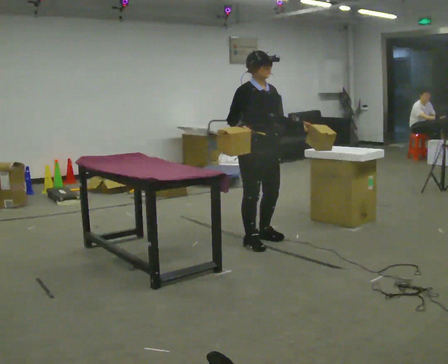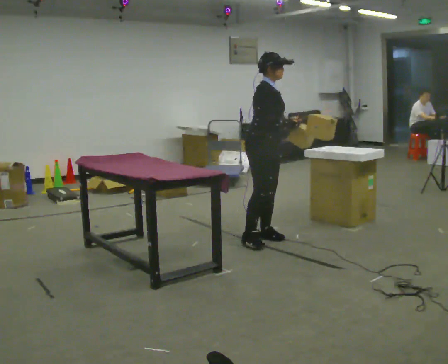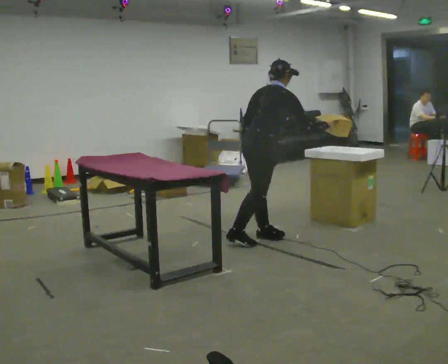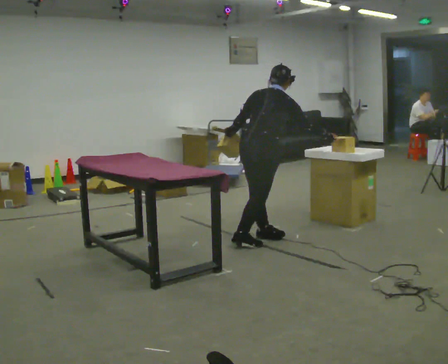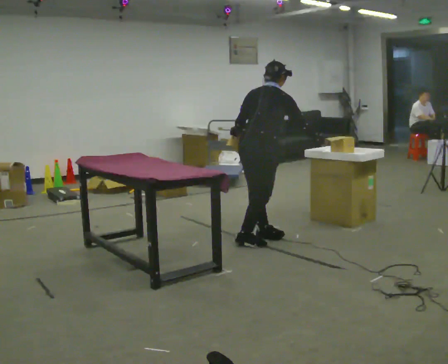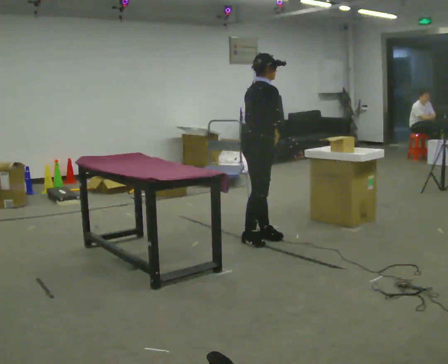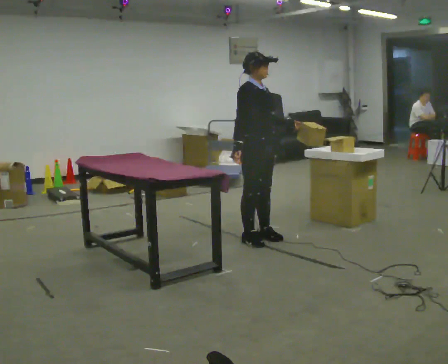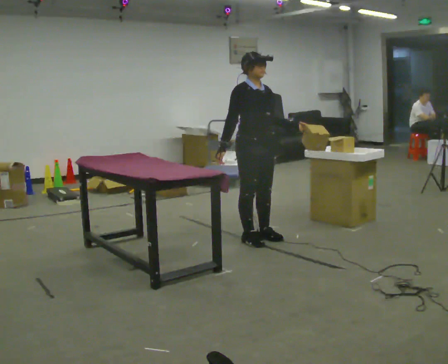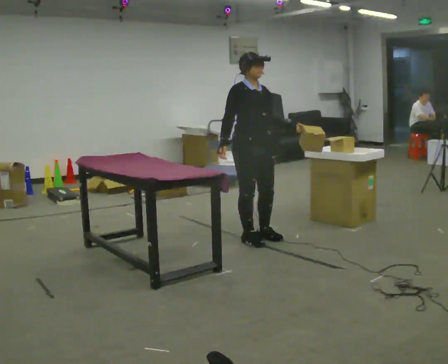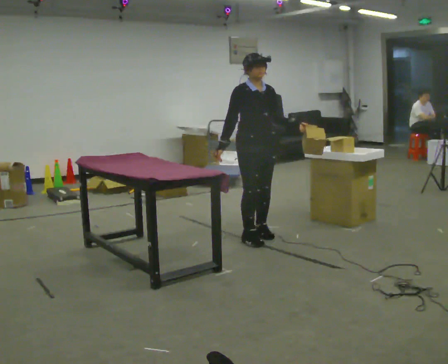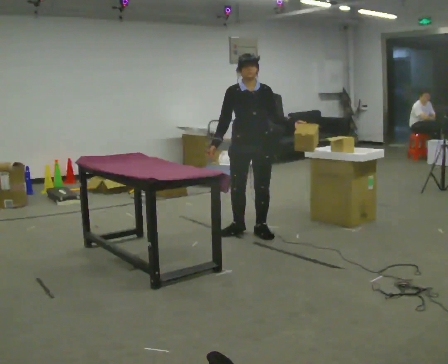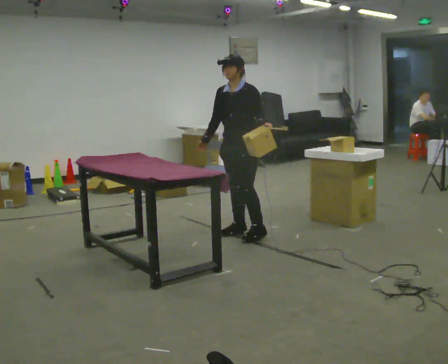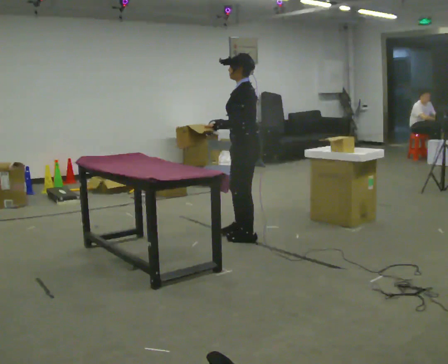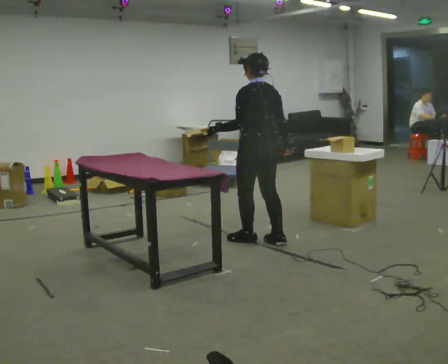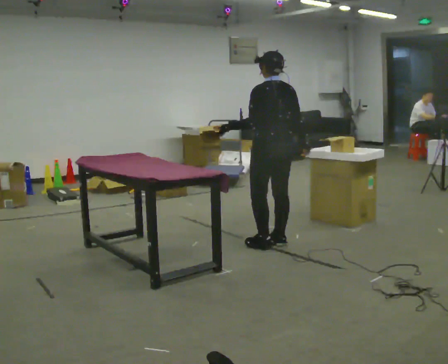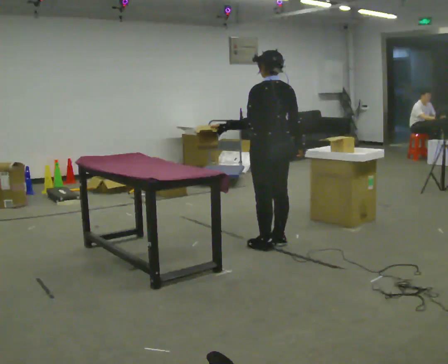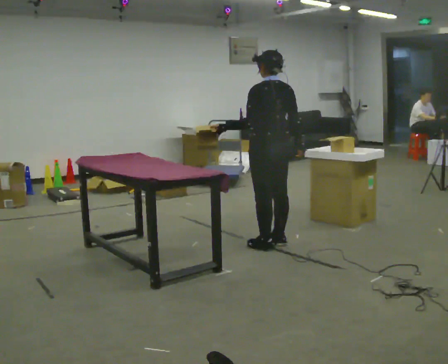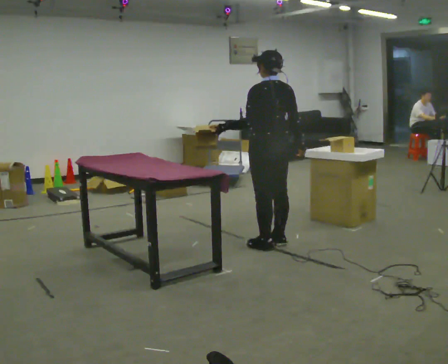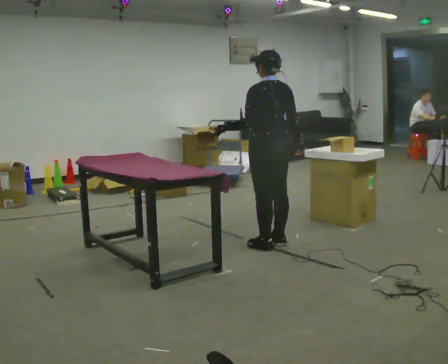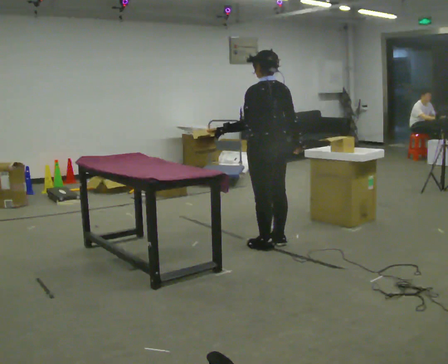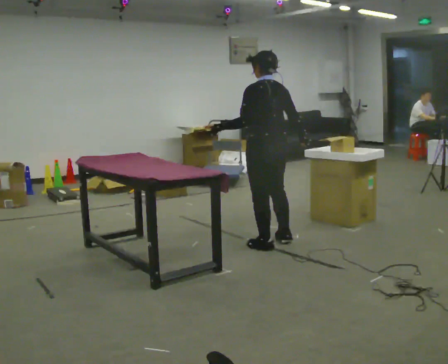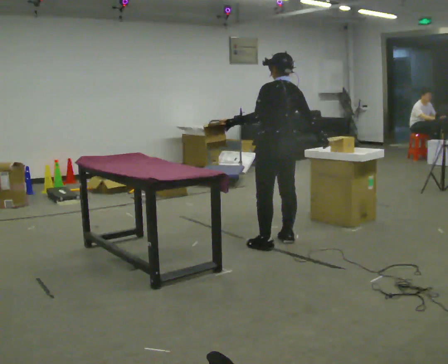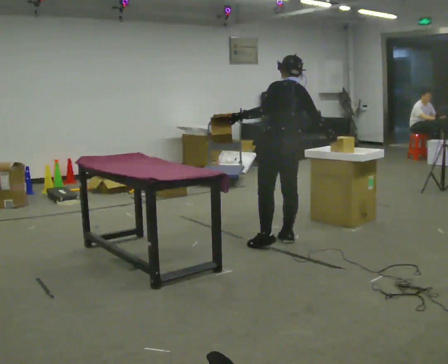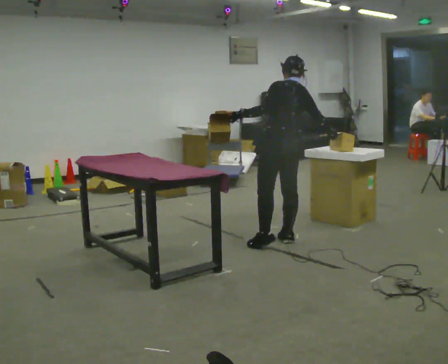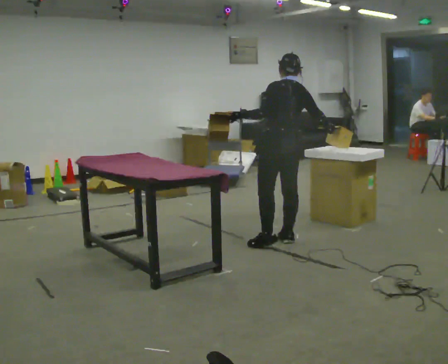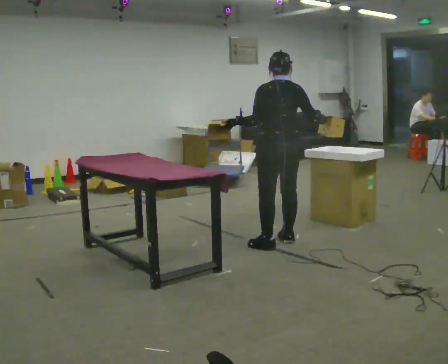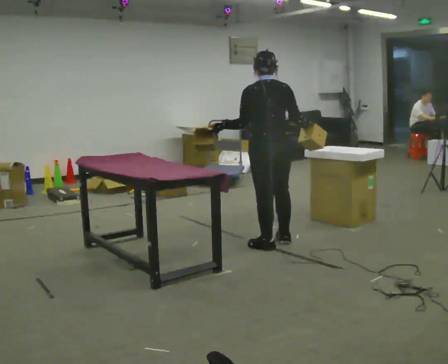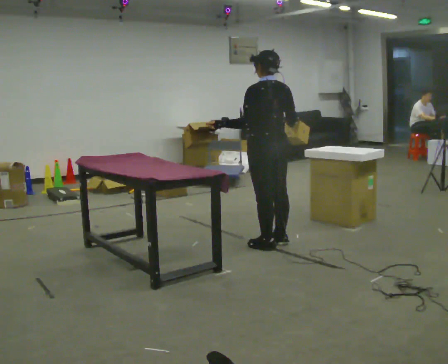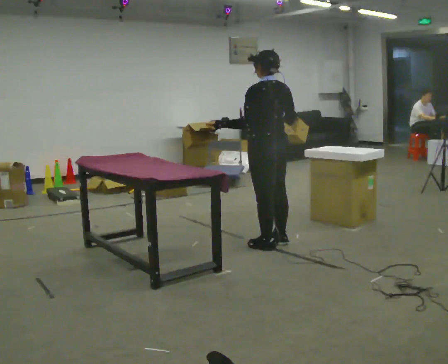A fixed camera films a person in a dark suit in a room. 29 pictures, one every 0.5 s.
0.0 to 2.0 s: The person turns about 105 degrees to their left, counterclockwise seen from above, so the part of the body nearest the lens slides to the right. In the picture their right hand goes to the right.
2.0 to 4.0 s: Seen from above the body turns clockwise, about 105 degrees: to their right, with its near side sliding to the left. In the picture the upper body tilts counterclockwise, shoulders to the left, as they lean back or straighten. In the picture their right hand goes to the left, the arm swinging clockwise.
4.0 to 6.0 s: Seen from above the body turns clockwise, about 135 degrees: to their right, with its near side sliding to the left. In the picture their left hand goes to the left.
6.0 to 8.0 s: Seen from above the body turns clockwise, about 60 degrees: to their right, with its near side sliding to the left. In the picture they go toward the camera and to the right, about 0.25 m in 2 steps, which for them is backward.
8.0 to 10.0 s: The person moves a little, or ends about where they began.
10.0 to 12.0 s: In the picture they go away from the camera, about 0.25 m, which for them is to their right.
12.0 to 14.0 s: In the picture they go toward the camera, about 0.25 m, which for them is to their left. In the picture their right hand goes to the left.
The film runs backward here.
